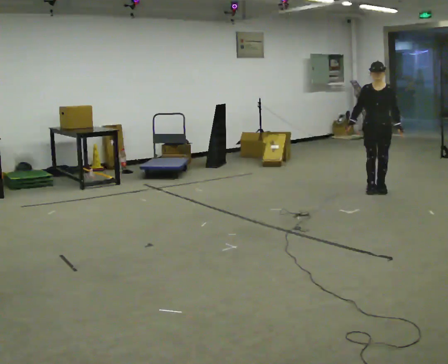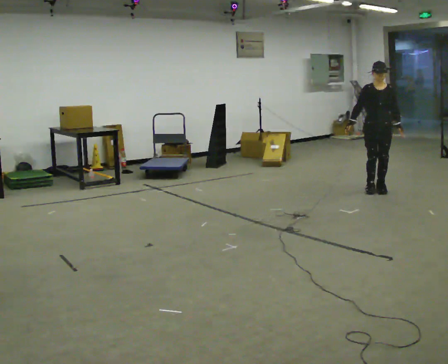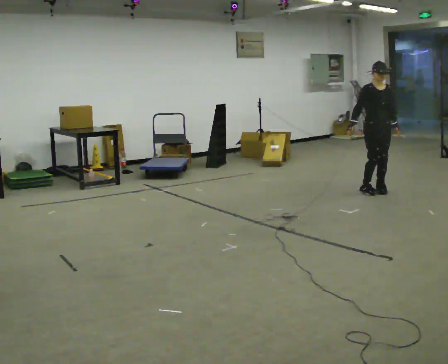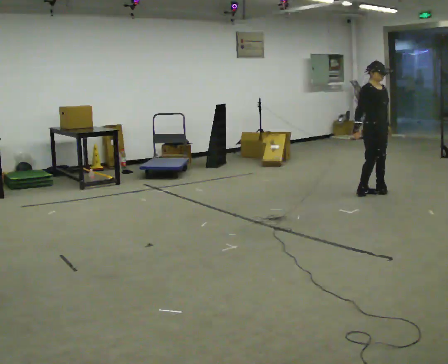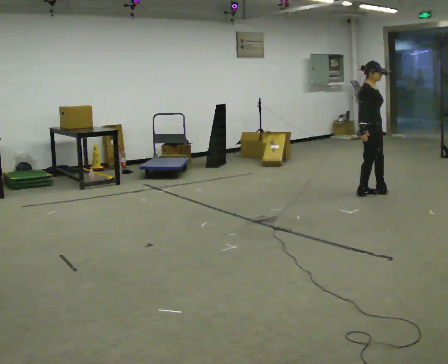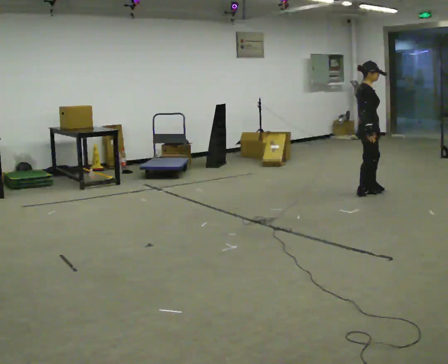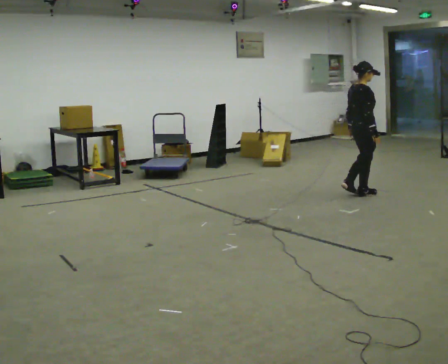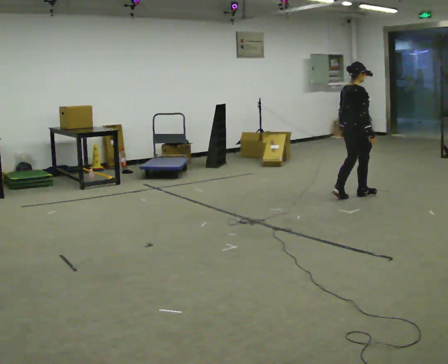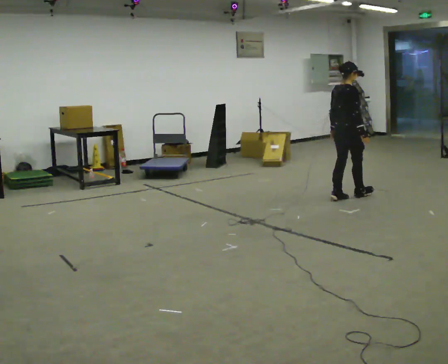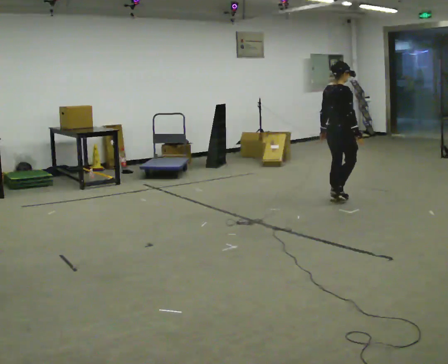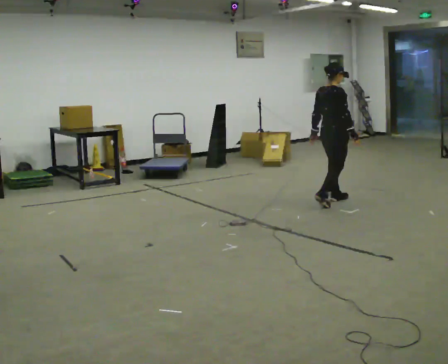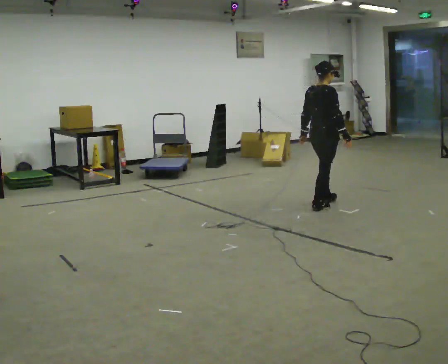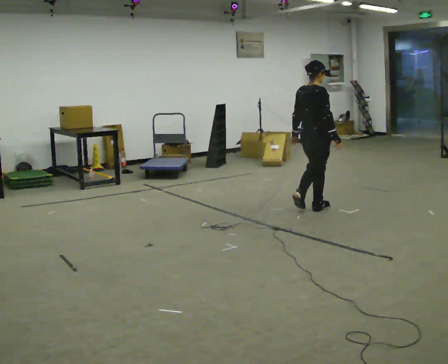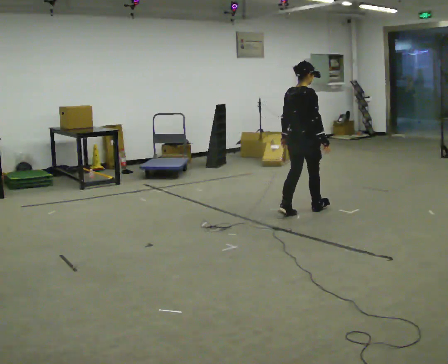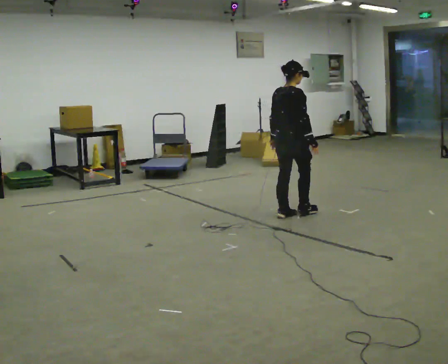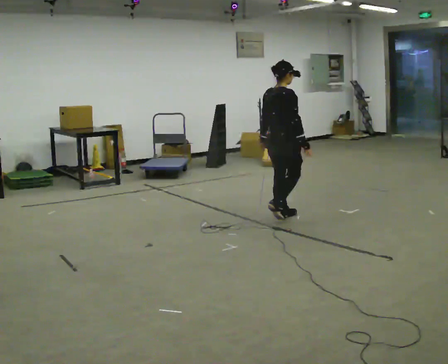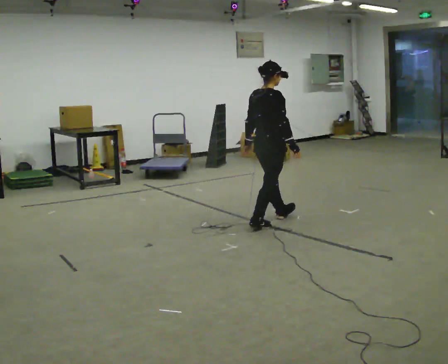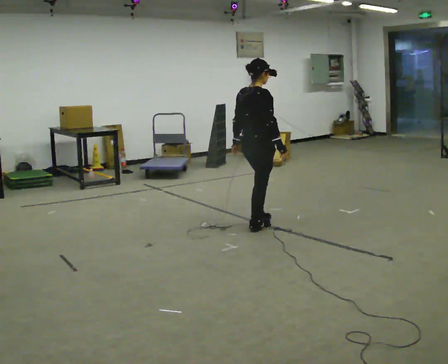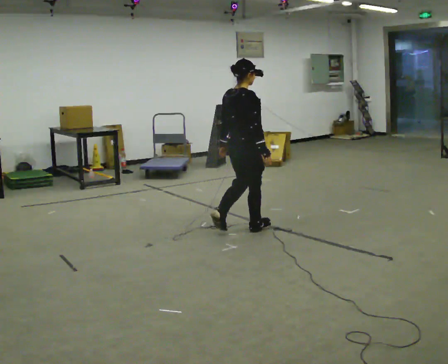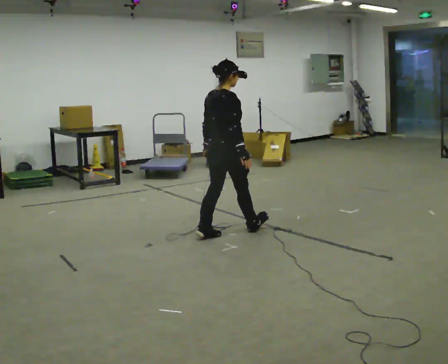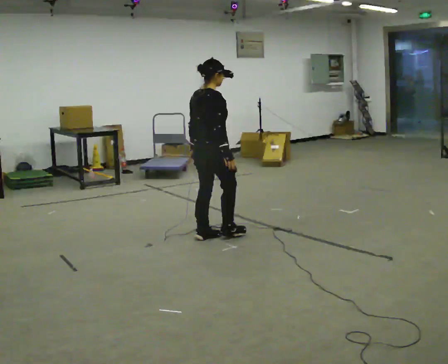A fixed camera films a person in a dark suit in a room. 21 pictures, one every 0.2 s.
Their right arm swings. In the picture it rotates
counterclockwise.
The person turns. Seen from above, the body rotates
counterclockwise.
0.0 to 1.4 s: The part of the body nearest the lens slides to the right as the person turns to their left by about 135 degrees. In the picture they go toward the camera and to the left, about 0.25 m in 2 steps.
1.4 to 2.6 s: In the picture they go toward the camera and to the left, about 1 m in 2 steps, which for them is backward.
2.6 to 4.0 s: In the picture they go toward the camera and to the left, about 1 m in 3 steps, which for them is backward.
The film runs backward here.
